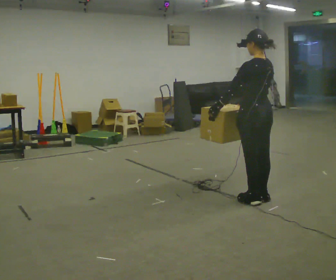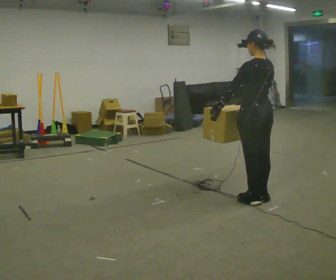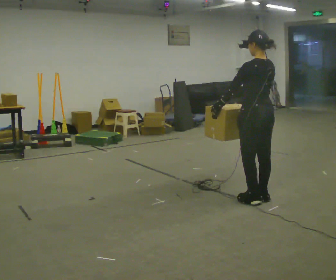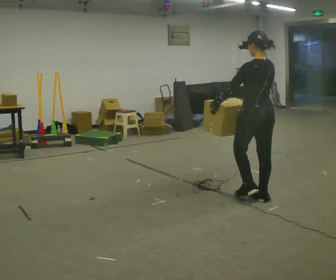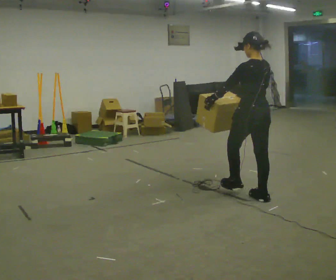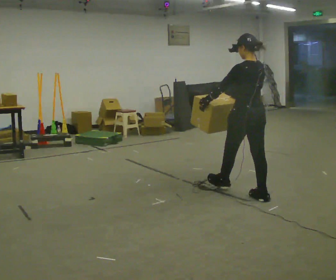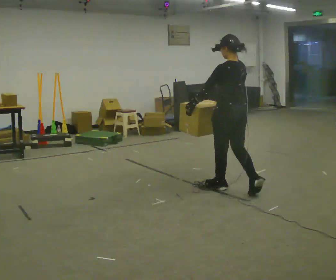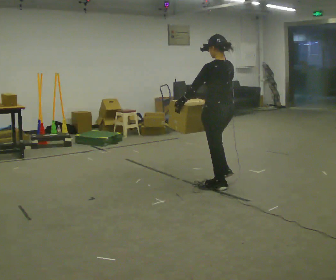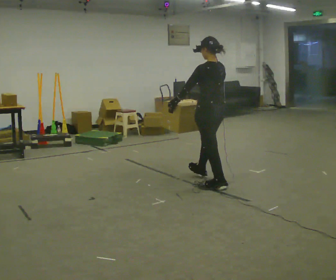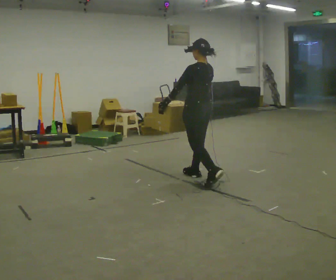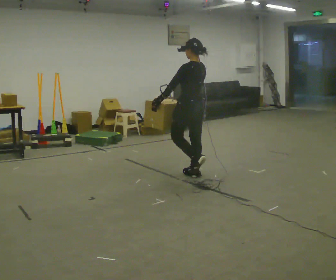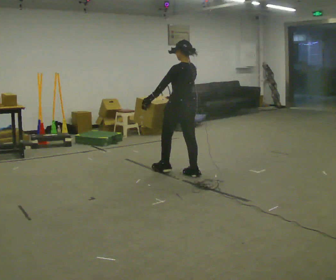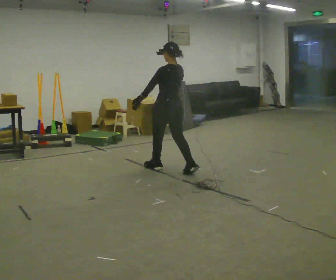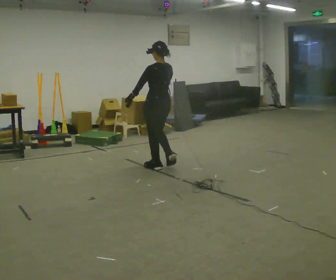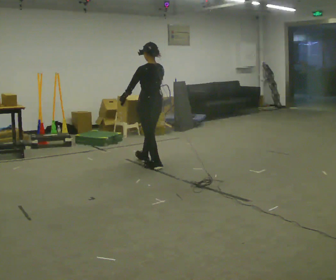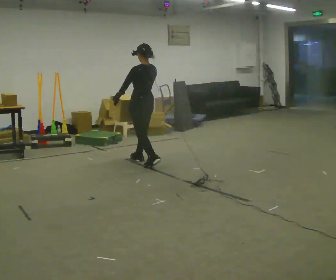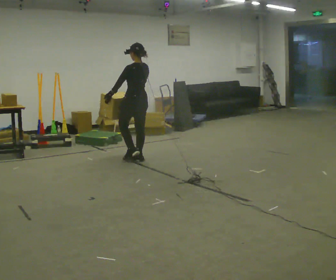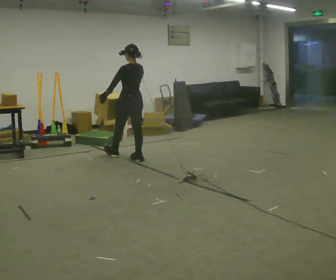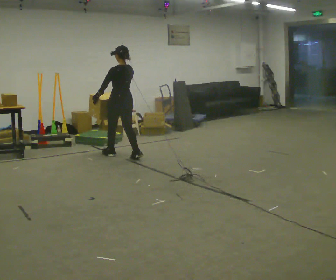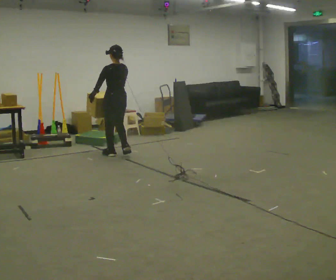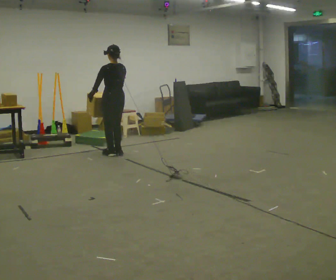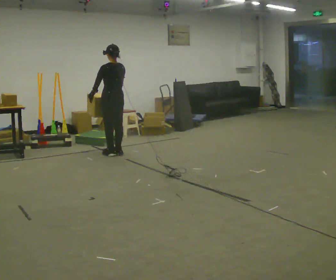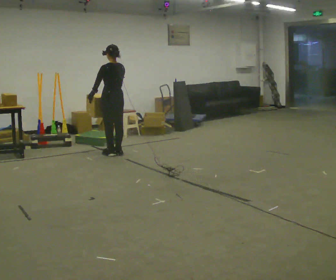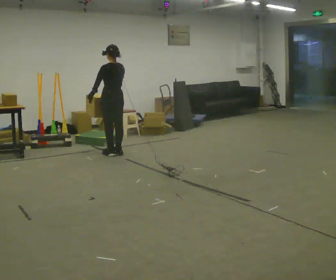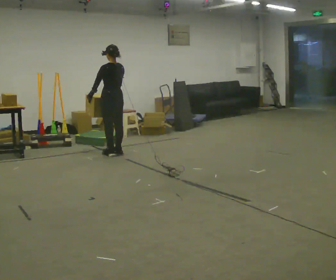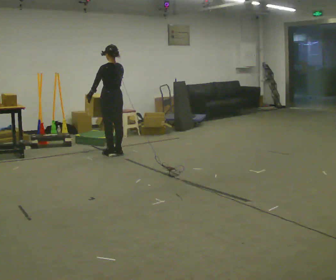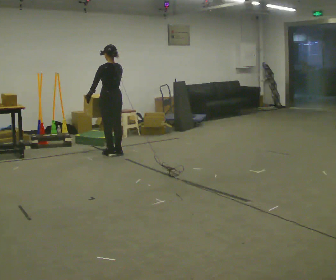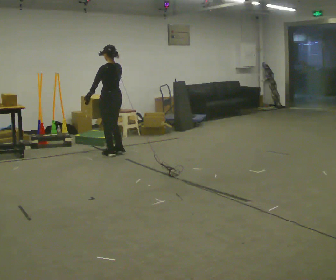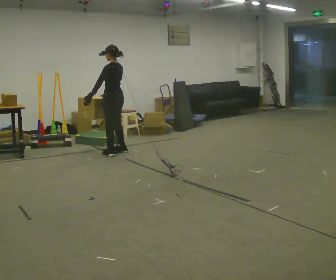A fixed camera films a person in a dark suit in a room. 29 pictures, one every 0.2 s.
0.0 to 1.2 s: In the picture they go away from the camera and to the left, about 0.5 m in 1 step, which for them is forward.
1.2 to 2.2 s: In the picture they go away from the camera and to the left, about 1 m in 1 step, which for them is forward.
2.2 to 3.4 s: In the picture they go away from the camera and to the left, about 1 m in 2 steps, which for them is forward.
3.4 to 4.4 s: In the picture they go away from the camera and to the left, about 0.5 m in 2 steps, which for them is forward.
4.4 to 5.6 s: The person turns about 30 degrees to their left, counterclockwise seen from above, so the part of the body nearest the lens slides to the right.
The film runs forward here.
